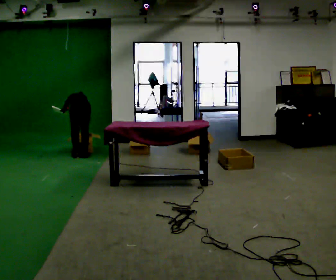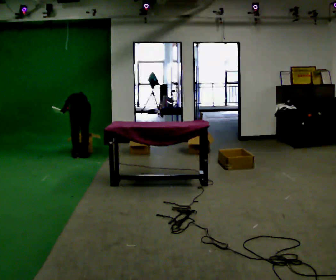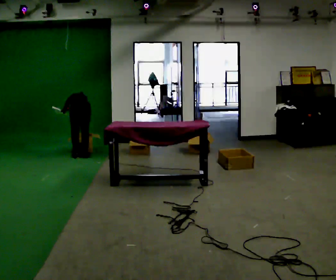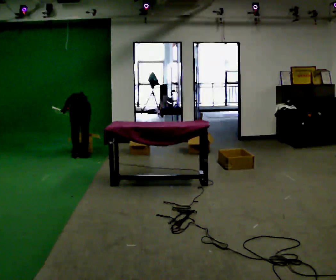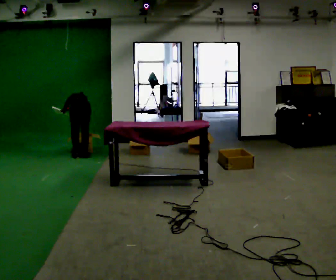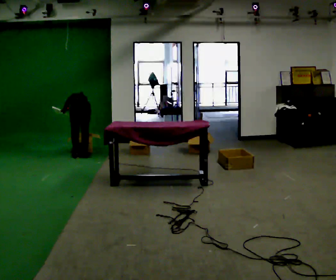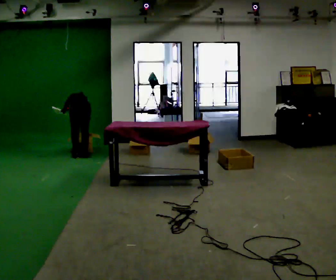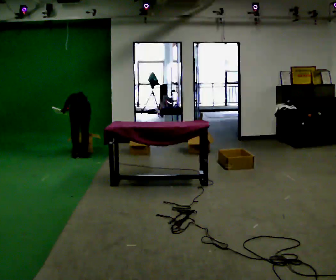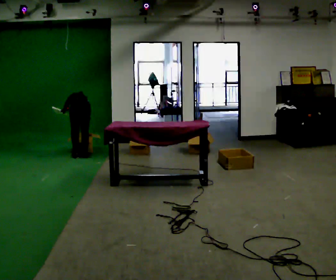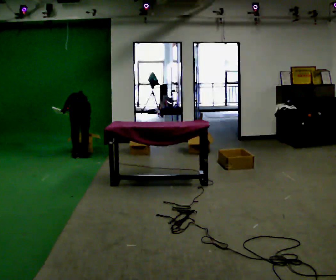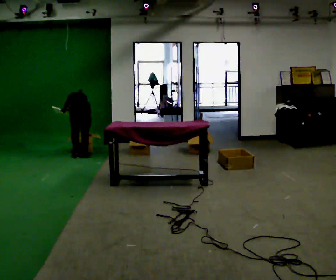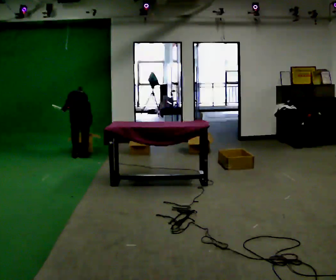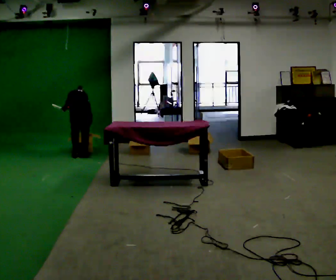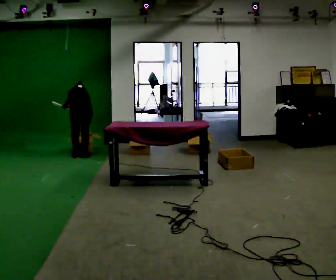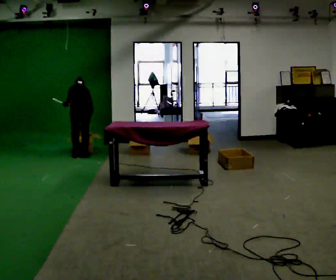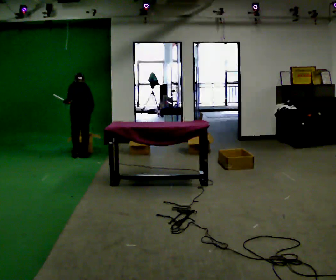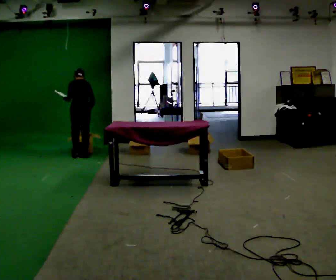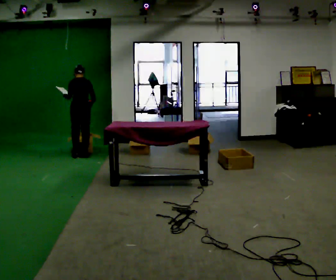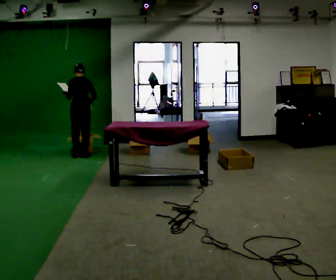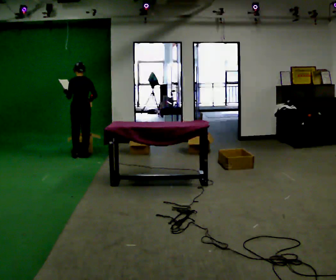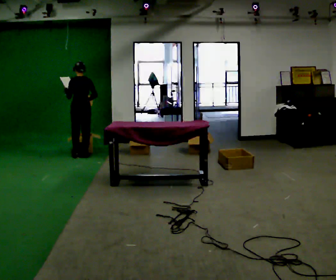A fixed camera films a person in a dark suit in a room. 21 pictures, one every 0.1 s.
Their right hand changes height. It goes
upward.
The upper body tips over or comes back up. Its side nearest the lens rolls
downward.
0.0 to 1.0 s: The person moves a little, or ends about where they began.
1.0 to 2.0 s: The upper body goes upward. The upper body tips toward the camera, its near side rolling downward, as they lean back or straighten. In the picture their right hand goes upward.
The film runs forward here.
